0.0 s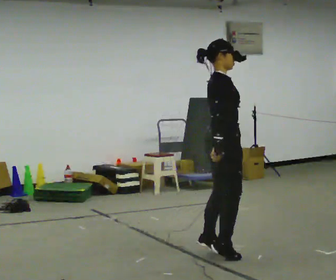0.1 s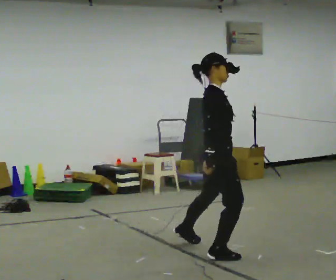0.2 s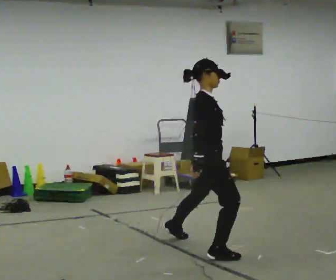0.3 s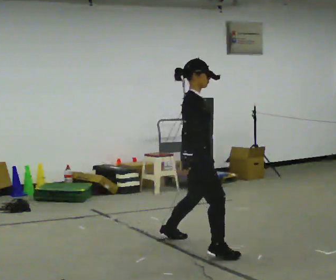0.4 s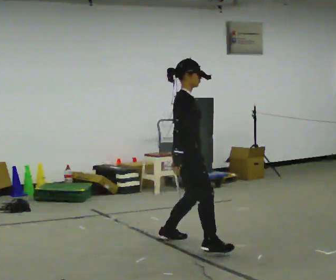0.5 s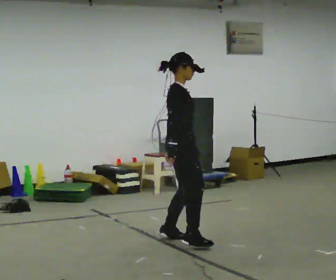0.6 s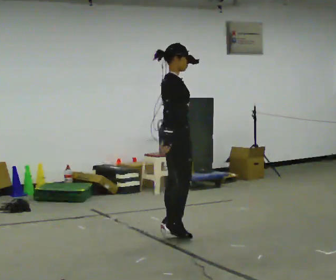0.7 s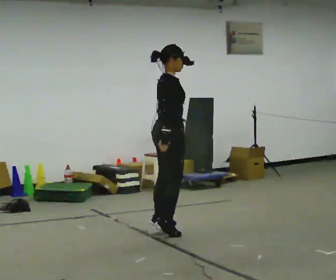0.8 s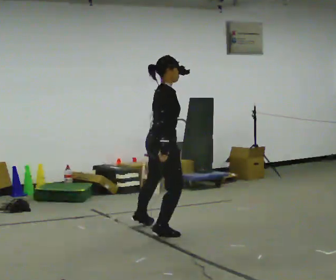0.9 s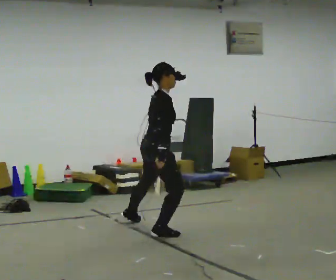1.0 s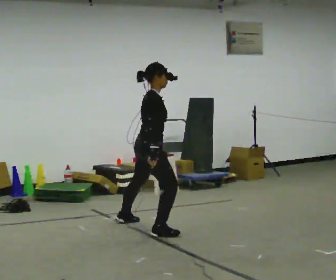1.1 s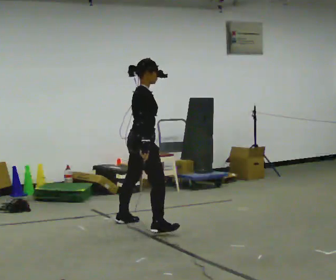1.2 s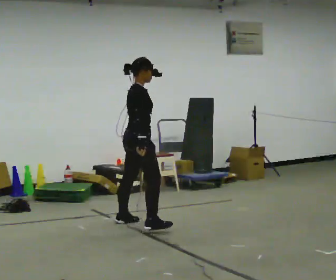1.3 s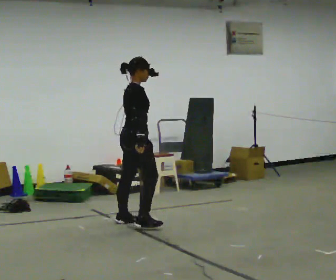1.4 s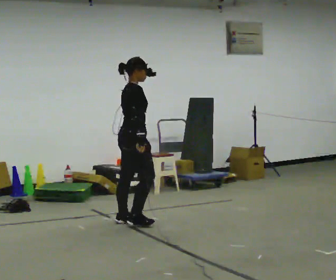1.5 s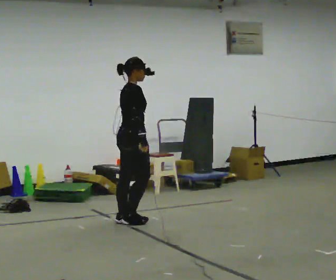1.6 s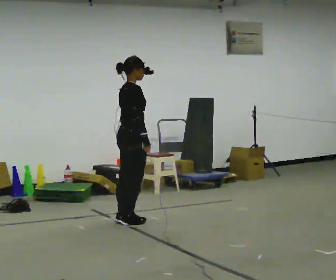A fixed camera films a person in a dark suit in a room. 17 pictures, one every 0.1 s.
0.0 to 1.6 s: In the picture they go away from the camera and to the left, about 1.5 m in 3 steps, which for them is to their left.
The film runs backward here.
